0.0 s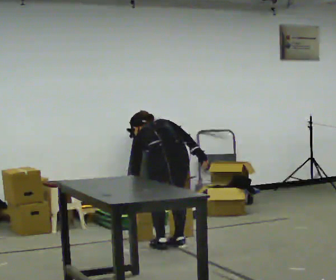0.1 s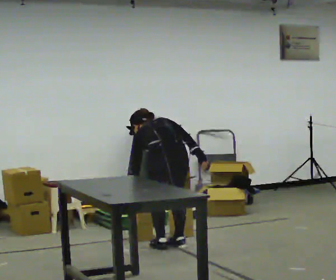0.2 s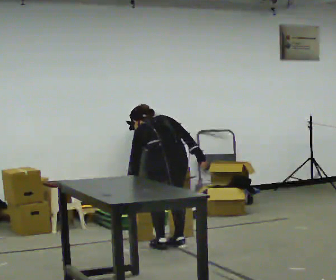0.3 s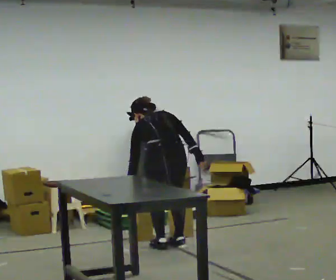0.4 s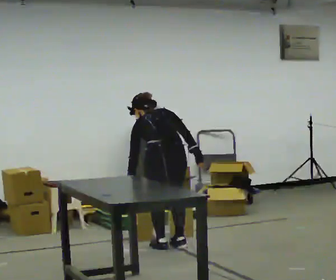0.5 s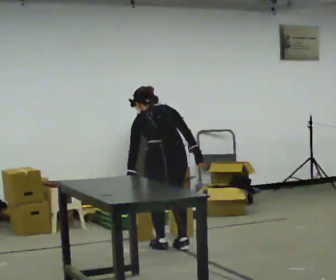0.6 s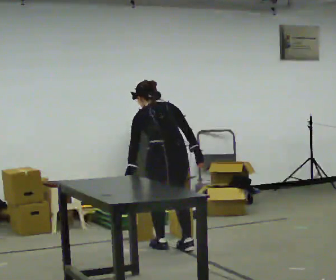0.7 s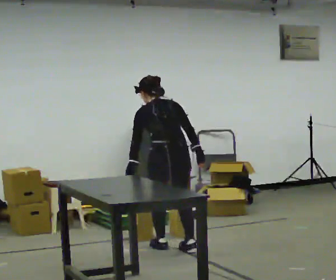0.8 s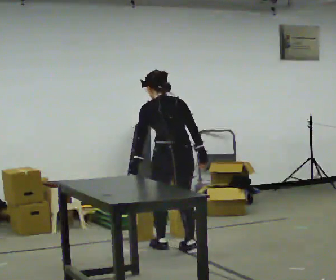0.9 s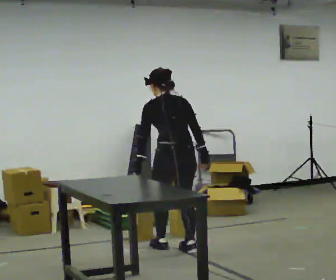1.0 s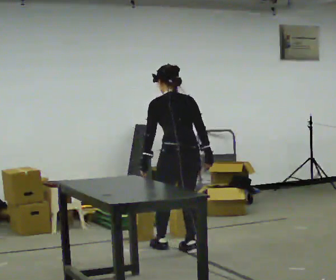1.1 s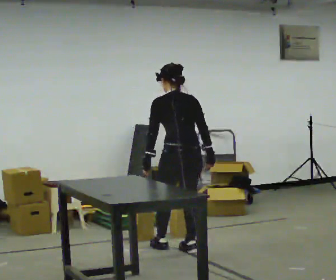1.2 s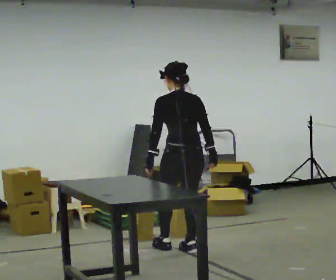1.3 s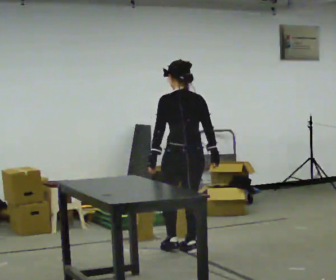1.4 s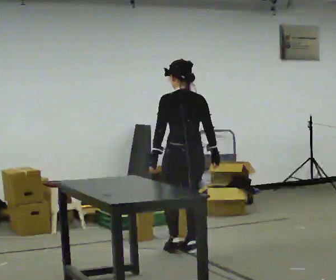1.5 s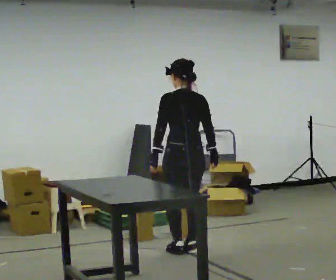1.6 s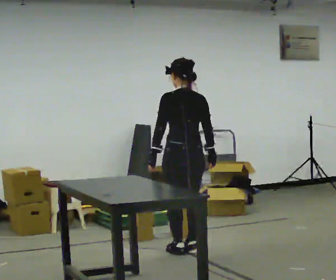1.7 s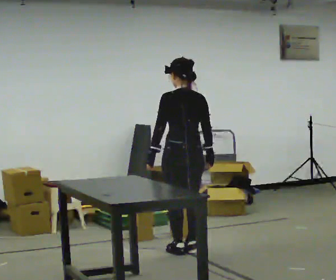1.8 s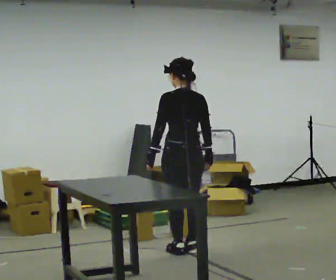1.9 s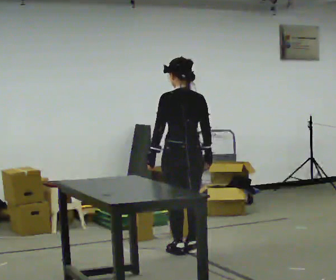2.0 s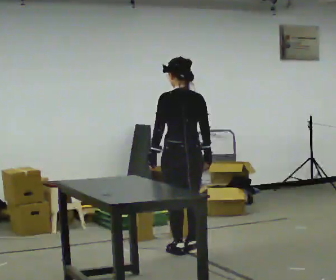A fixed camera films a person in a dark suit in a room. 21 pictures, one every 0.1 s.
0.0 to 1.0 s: The upper body goes upward. The upper body tips toward the camera, its near side rolling downward, as they lean back or straighten.
1.0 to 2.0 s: The person moves a little, or ends about where they began.
The film runs forward here.
